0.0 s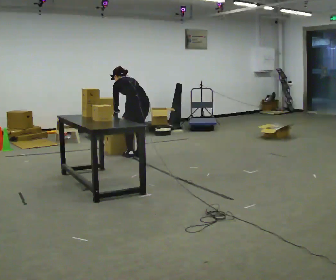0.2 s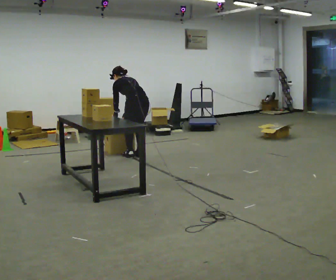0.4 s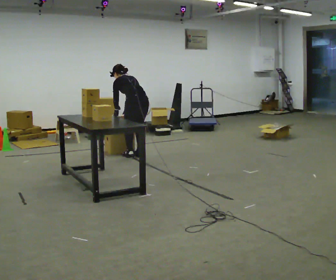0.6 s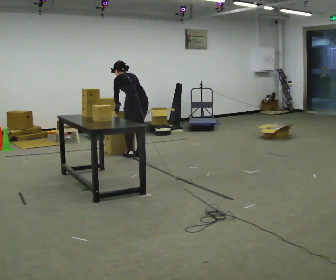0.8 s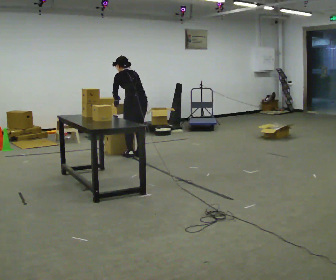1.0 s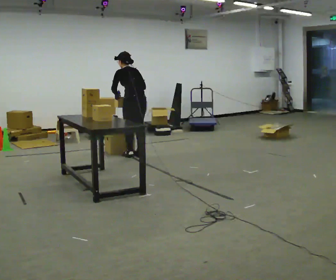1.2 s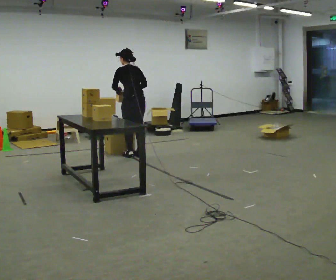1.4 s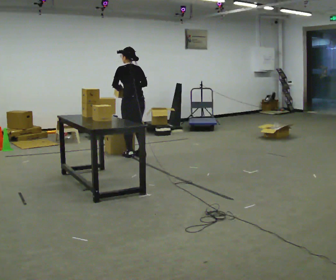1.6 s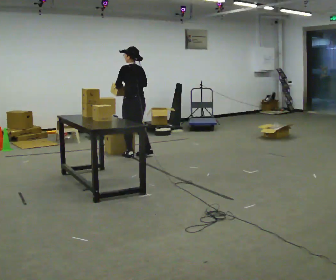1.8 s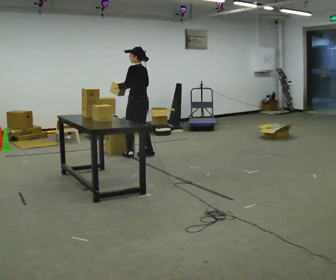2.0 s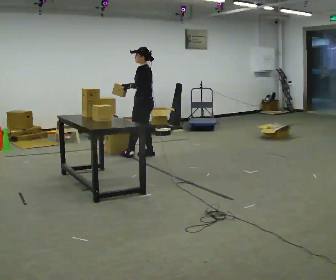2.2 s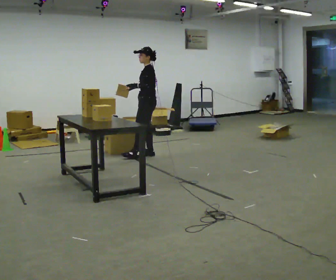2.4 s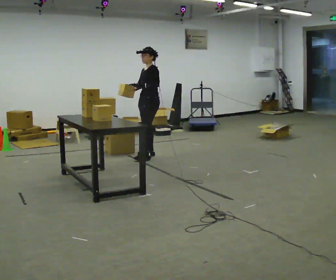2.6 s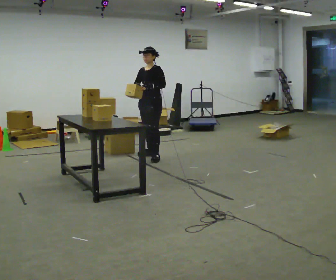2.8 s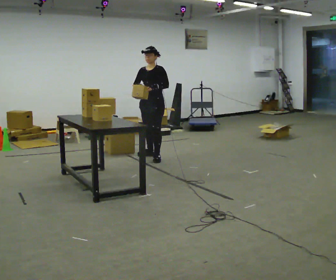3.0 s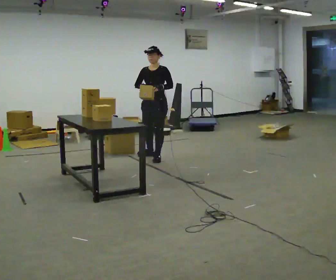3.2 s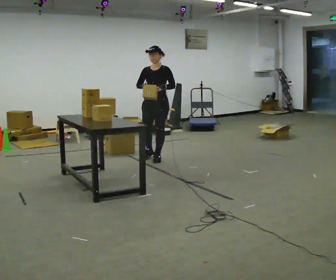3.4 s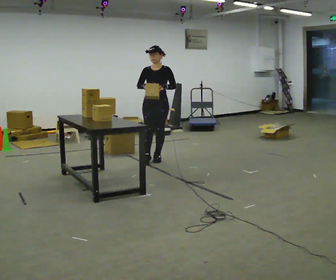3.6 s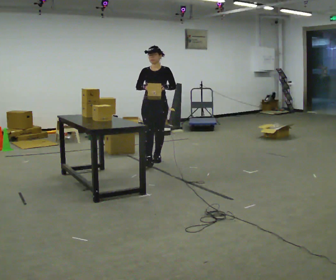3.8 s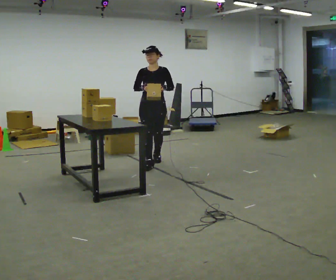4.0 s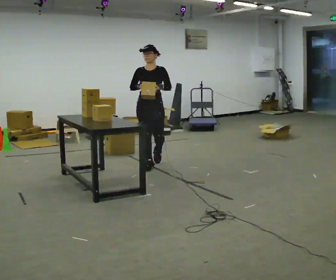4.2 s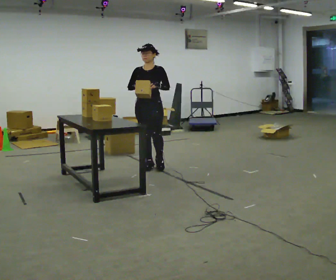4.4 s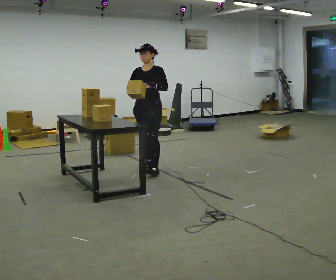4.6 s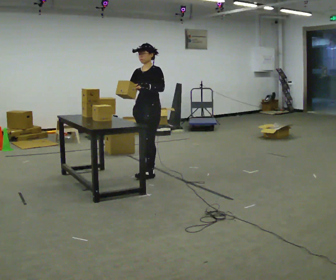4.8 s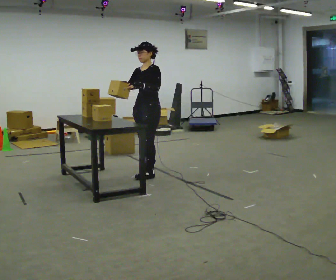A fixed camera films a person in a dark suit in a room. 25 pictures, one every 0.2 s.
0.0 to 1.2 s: The upper body goes upward. The upper body tips toward the camera, its near side rolling downward, as they lean back or straighten. In the picture their right hand goes upward.
1.2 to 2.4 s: Seen from above the body turns counterclockwise, about 90 degrees: to their left, with its near side sliding to the right. In the picture they go to the right, about 0.25 m in 1 step.
2.4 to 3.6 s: The part of the body nearest the lens slides to the right as the person turns to their left by about 60 degrees. In the picture they go toward the camera, about 0.5 m in 1 step.
3.6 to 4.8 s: The person turns about 45 degrees to their right, clockwise seen from above, so the part of the body nearest the lens slides to the left. In the picture they go toward the camera, about 0.5 m in 2 steps, which for them is forward.
The film runs forward here.
